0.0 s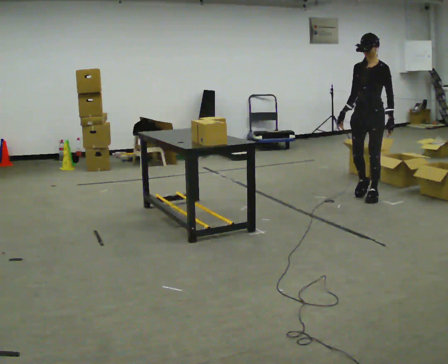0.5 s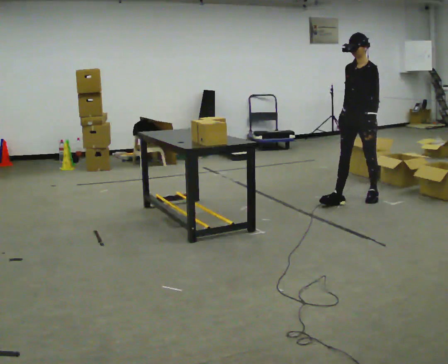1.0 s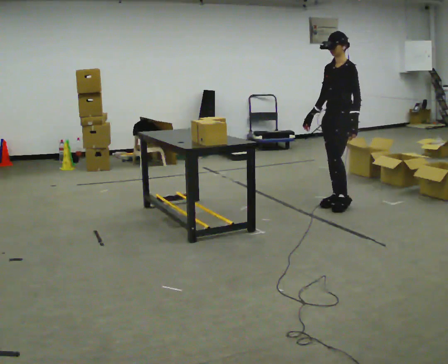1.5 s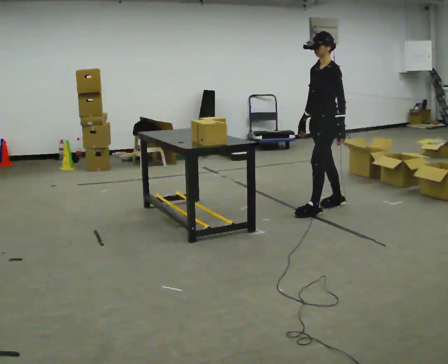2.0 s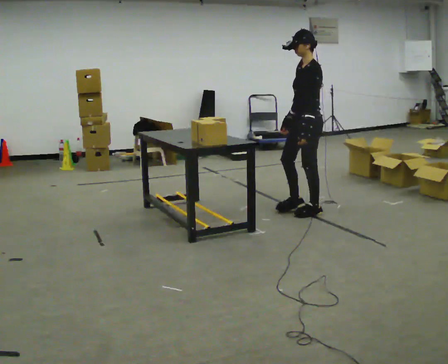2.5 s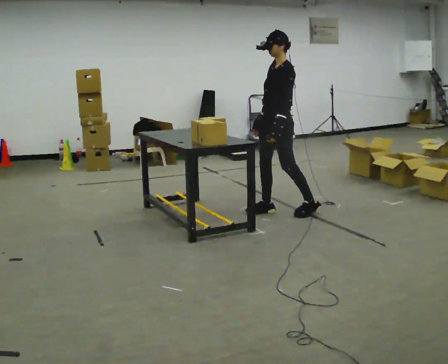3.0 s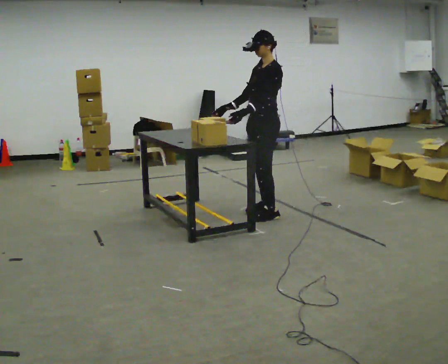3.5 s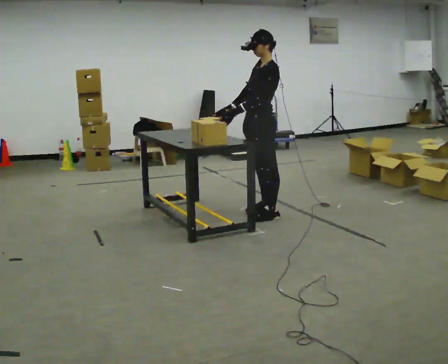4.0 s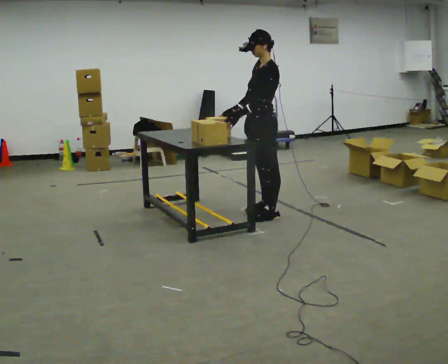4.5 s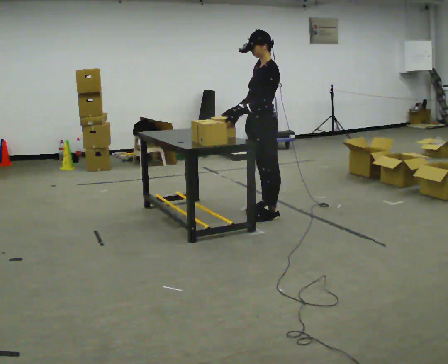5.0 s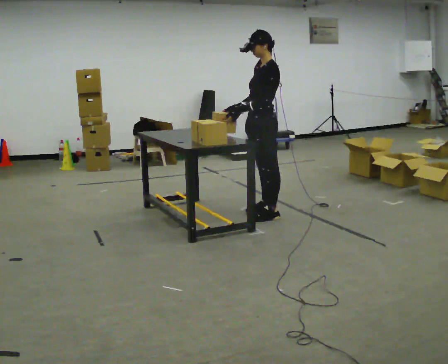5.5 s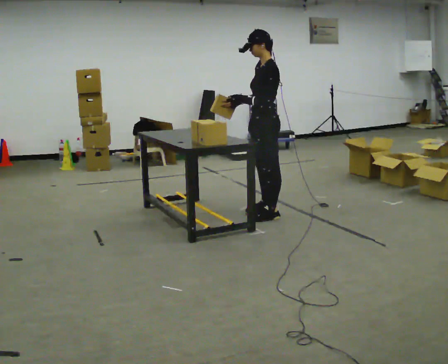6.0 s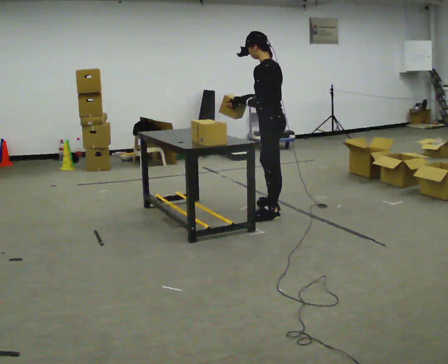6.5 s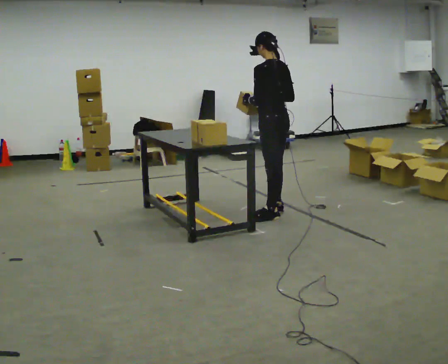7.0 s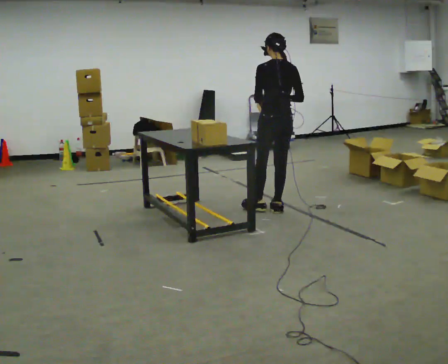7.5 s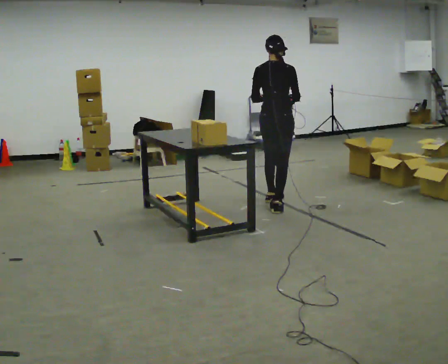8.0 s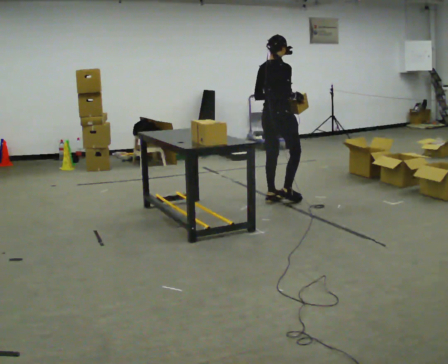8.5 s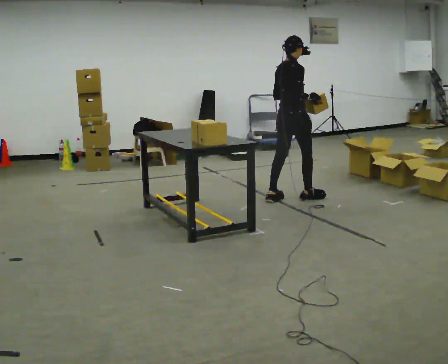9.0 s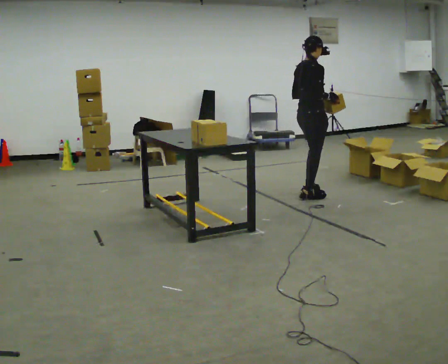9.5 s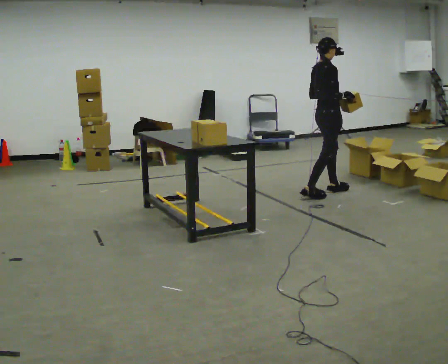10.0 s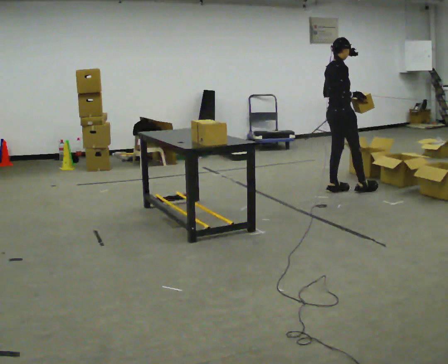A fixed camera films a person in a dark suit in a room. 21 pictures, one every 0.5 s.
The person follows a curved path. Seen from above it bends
clockwise.
The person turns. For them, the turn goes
to their right.
0.0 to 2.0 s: Seen from above the body turns clockwise, about 45 degrees: to their right, with its near side sliding to the left. In the picture they go to the left and toward the camera, about 1 m in 2 steps, which for them is forward.
2.0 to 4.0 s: In the picture they go to the left, about 0.5 m in 2 steps, which for them is forward.
4.0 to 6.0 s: The part of the body nearest the lens slides to the left as the person turns to their right by about 45 degrees.
6.0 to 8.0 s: The person turns about 120 degrees to their right, clockwise seen from above, so the part of the body nearest the lens slides to the left. In the picture they go away from the camera, about 0.5 m in 1 step.
8.0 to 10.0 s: The person turns about 30 degrees to their right, clockwise seen from above, so the part of the body nearest the lens slides to the left. In the picture they go to the right and away from the camera, about 1 m in 2 steps, which for them is forward.
The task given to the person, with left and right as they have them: Take each object from the table and put it in the bin that matches it, walking between the bins. Keep going until the operator says stop; one object at a time, and do not rush between trips.
The film runs forward here.
